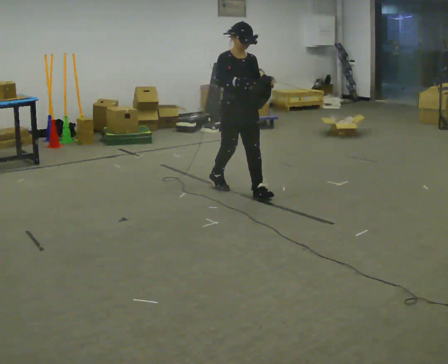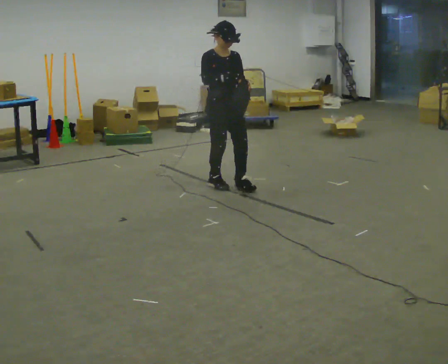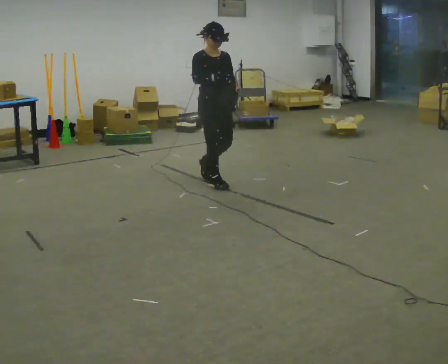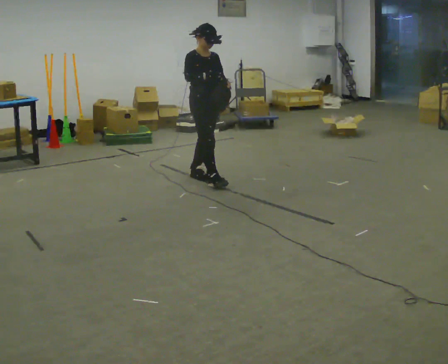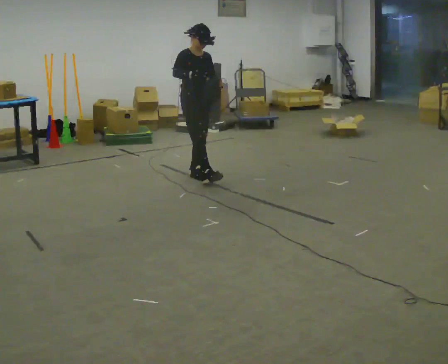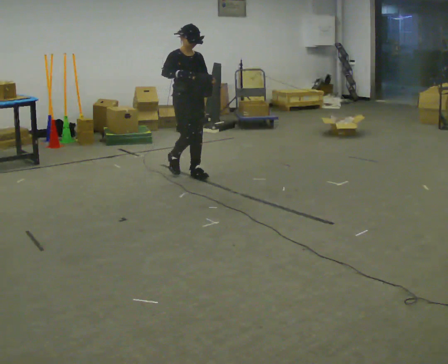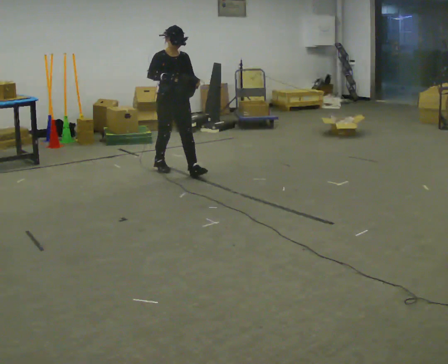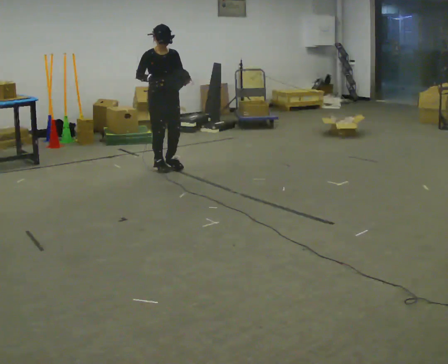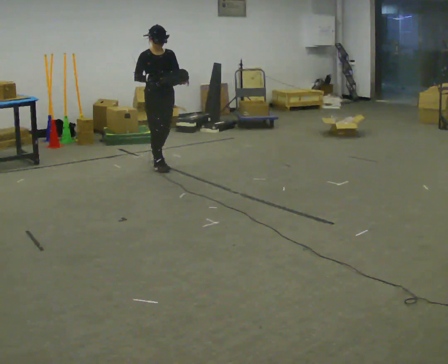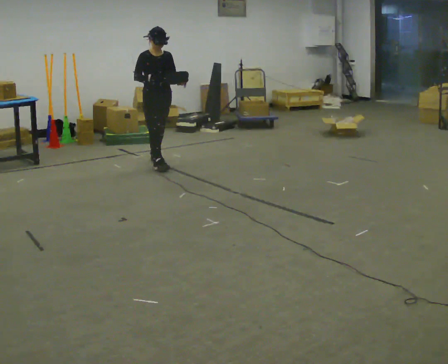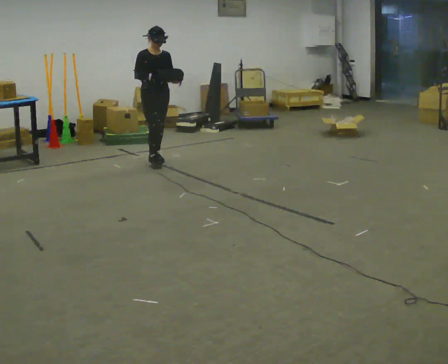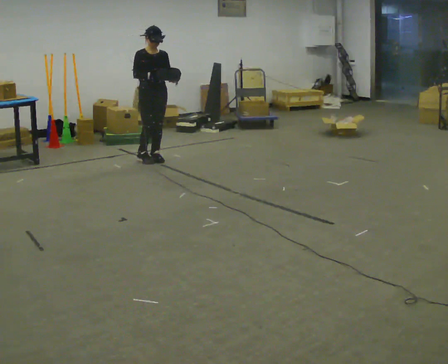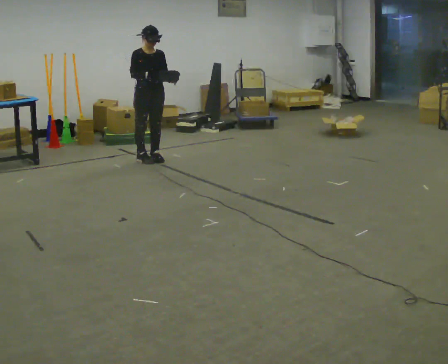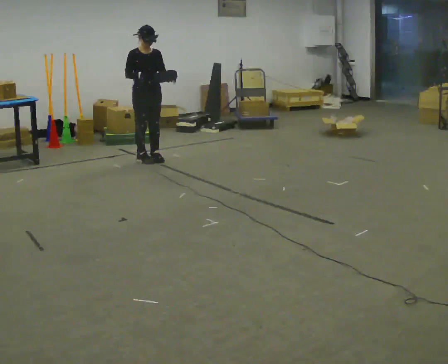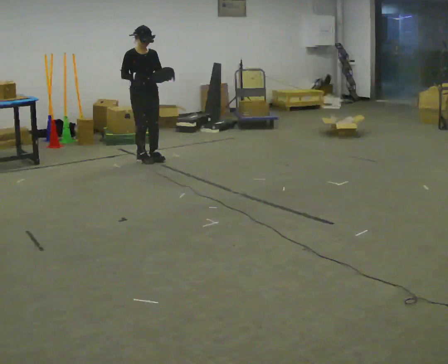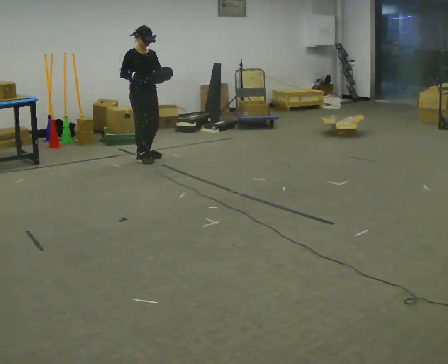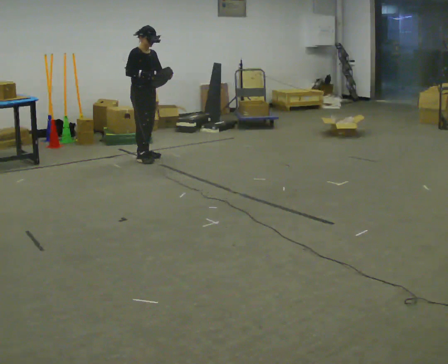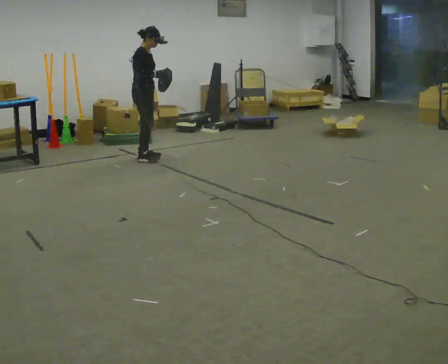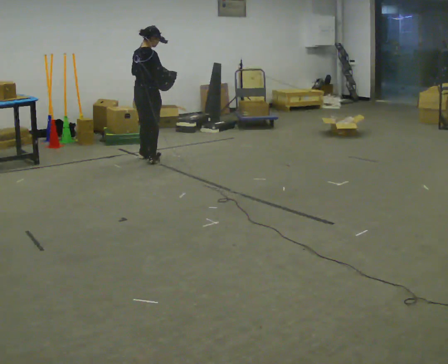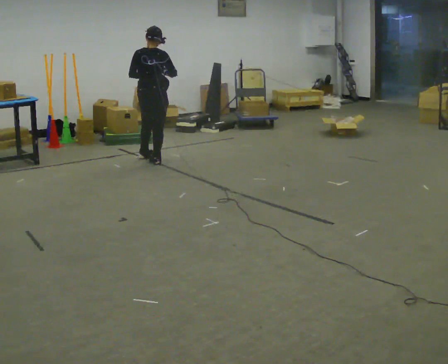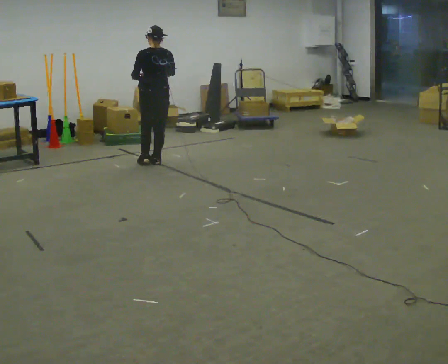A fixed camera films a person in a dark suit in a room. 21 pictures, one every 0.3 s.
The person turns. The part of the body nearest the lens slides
to the right.
The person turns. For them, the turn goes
to their left.
0.0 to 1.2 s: In the picture they go away from the camera and to the left, about 0.75 m in 2 steps, which for them is backward.
1.2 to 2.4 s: In the picture they go away from the camera and to the left, about 0.5 m in 1 step, which for them is backward.
2.4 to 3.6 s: In the picture they go away from the camera, about 0.25 m in 1 step, which for them is backward.
3.6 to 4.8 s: Seen from above the body turns counterclockwise, about 30 degrees: to their left, with its near side sliding to the right.
4.8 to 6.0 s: The person turns about 150 degrees to their left, counterclockwise seen from above, so the part of the body nearest the lens slides to the right. In the picture they go toward the camera and to the right, about 0.25 m in 2 steps.
The film runs backward here.
